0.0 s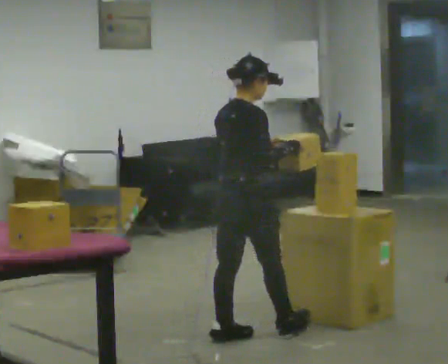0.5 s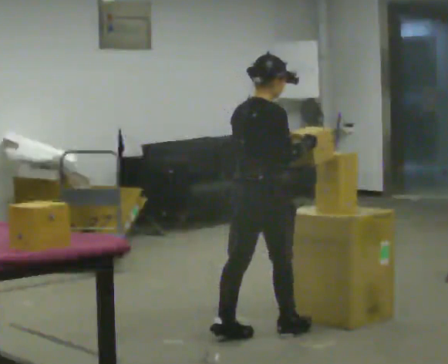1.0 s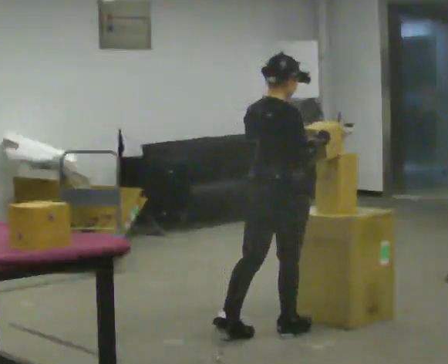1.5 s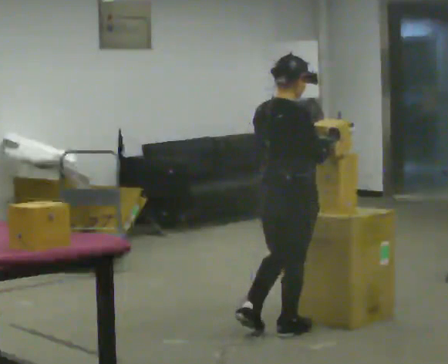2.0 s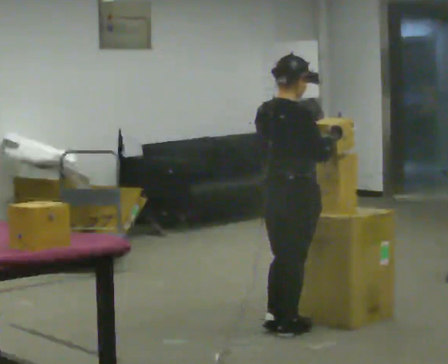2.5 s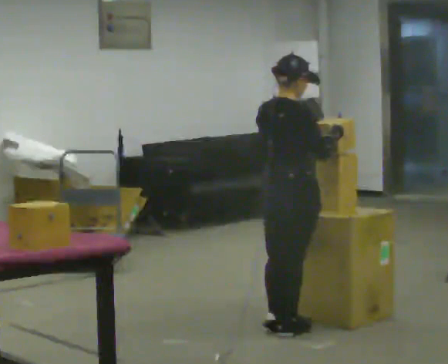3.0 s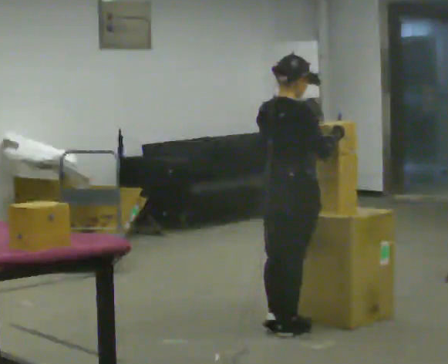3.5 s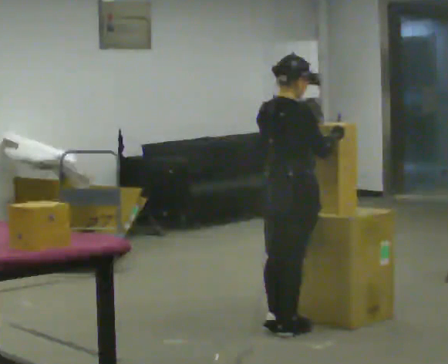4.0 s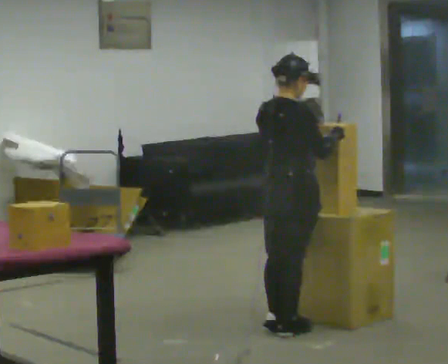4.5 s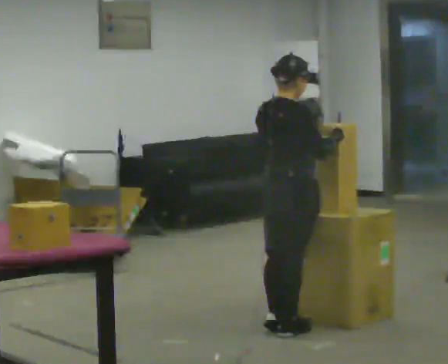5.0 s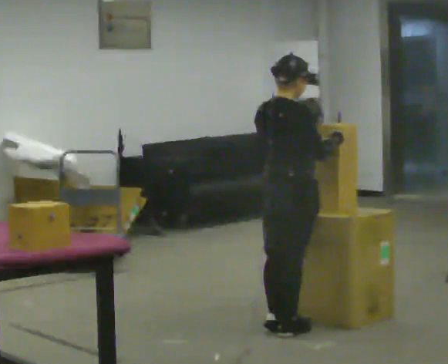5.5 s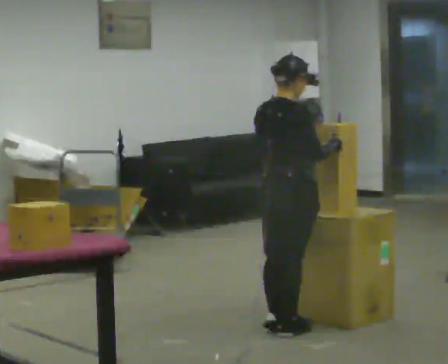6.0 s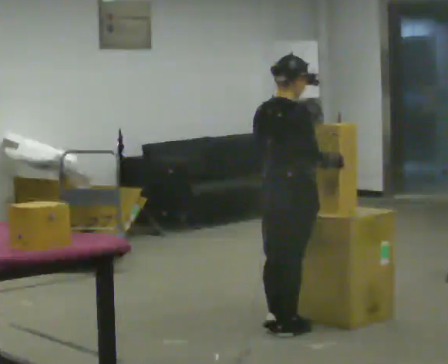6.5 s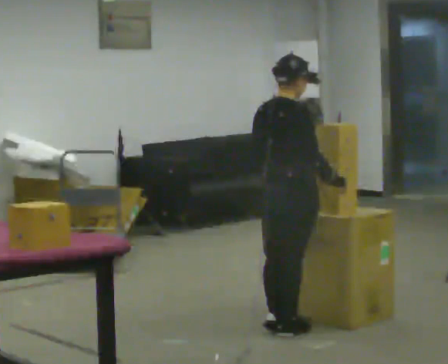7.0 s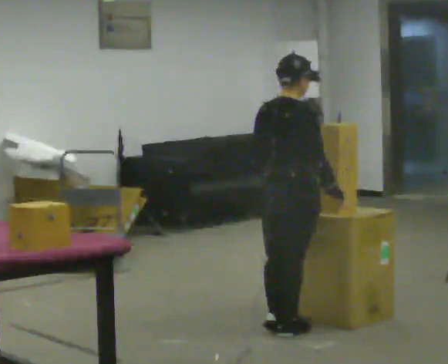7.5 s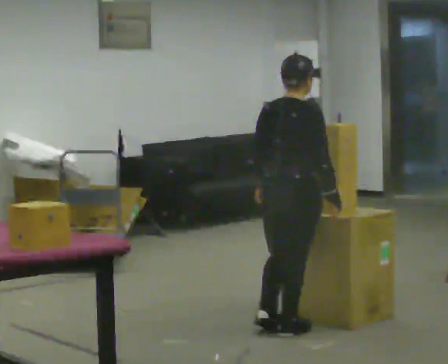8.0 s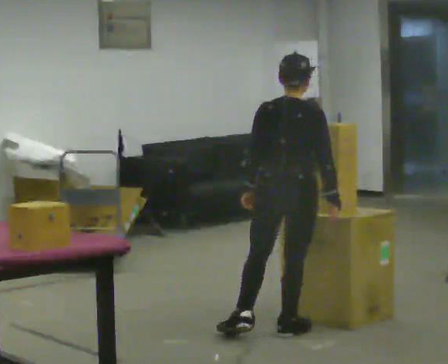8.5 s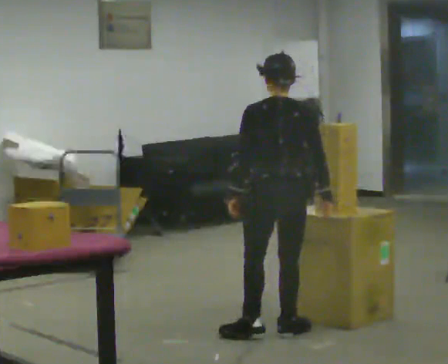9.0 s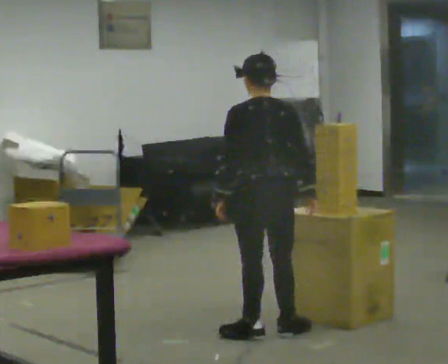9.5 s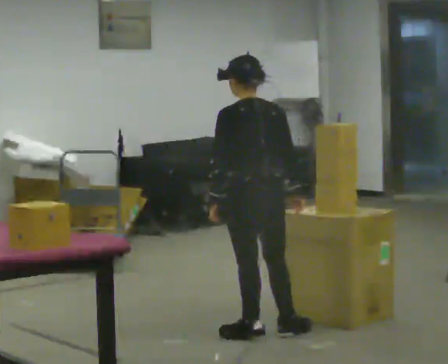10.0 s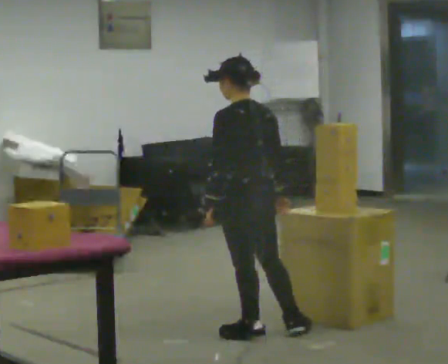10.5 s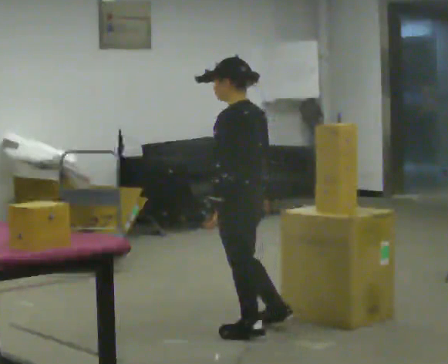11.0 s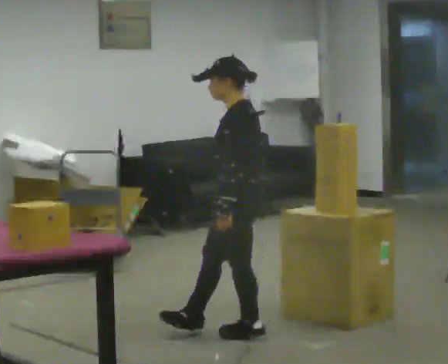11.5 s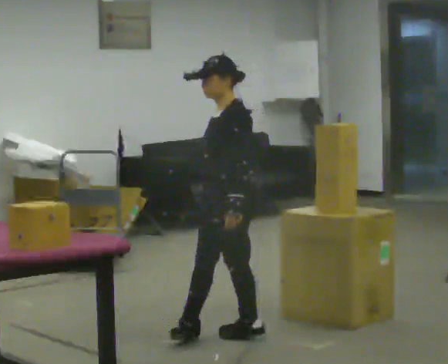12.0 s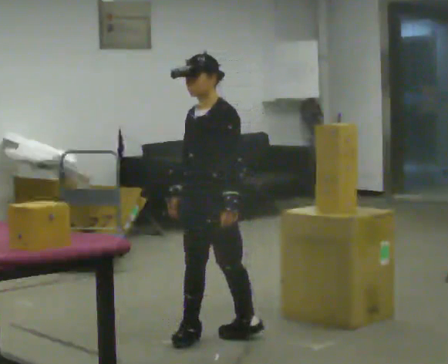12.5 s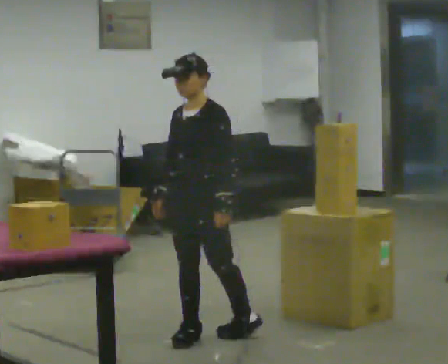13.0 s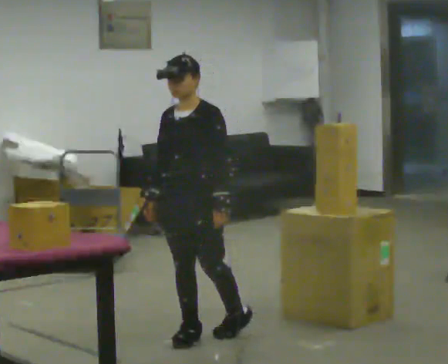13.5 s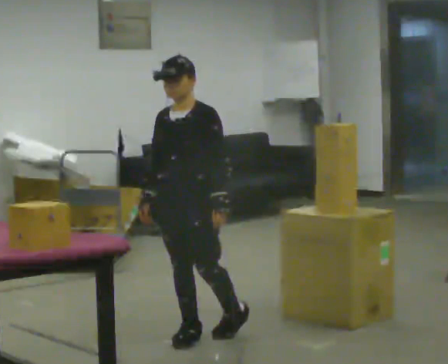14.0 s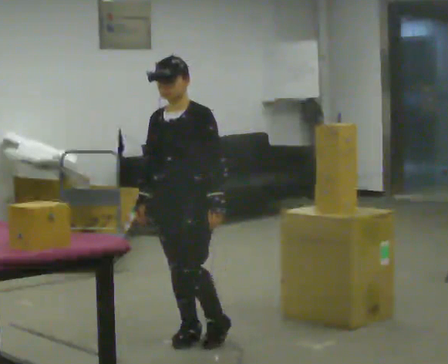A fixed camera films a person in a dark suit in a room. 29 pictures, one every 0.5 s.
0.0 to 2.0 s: In the picture they go to the right, about 0.25 m in 1 step, which for them is forward.
2.0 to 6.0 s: The person moves a little, or ends about where they began.
6.0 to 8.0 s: The person turns about 30 degrees to their left, counterclockwise seen from above, so the part of the body nearest the lens slides to the right.
8.0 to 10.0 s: The part of the body nearest the lens slides to the right as the person turns to their left by about 60 degrees. In the picture they go to the left, about 0.25 m, which for them is to their left.
10.0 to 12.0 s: The person turns about 90 degrees to their left, counterclockwise seen from above, so the part of the body nearest the lens slides to the right. In the picture they go to the left, about 0.25 m in 1 step. In the picture their right hand goes to the left, the arm swinging clockwise.
12.0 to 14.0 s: The person moves a little, or ends about where they began.
The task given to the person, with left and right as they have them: 1. Move all 12 boxes from the shelf at one end of the room to the shelf at the other end. 2. The cart is not available today, so carry them. 3. Tell the operator when you are finished.
The film runs forward here.
